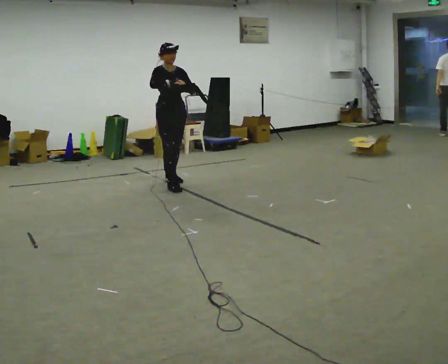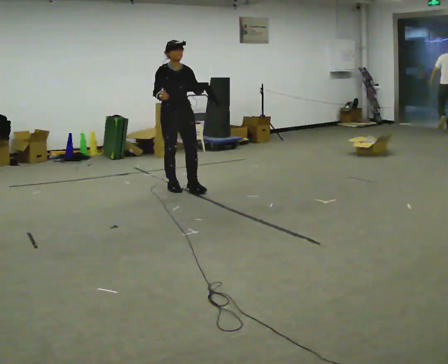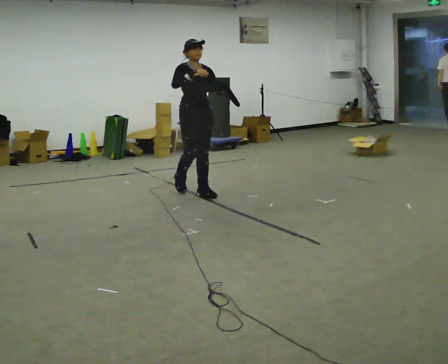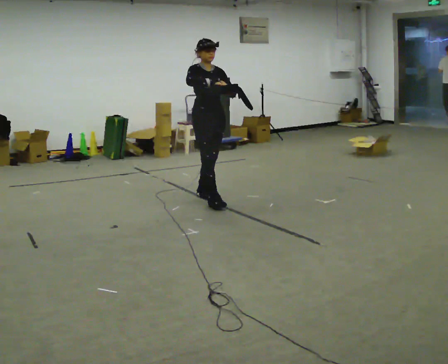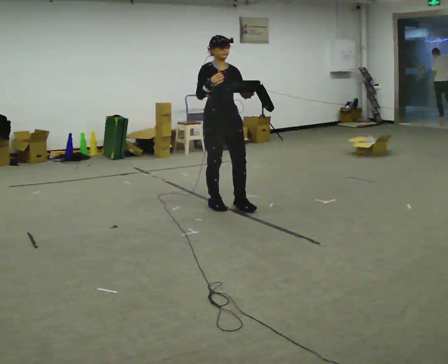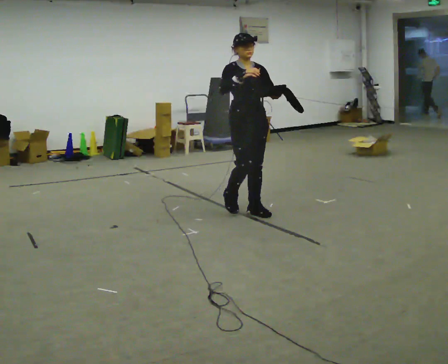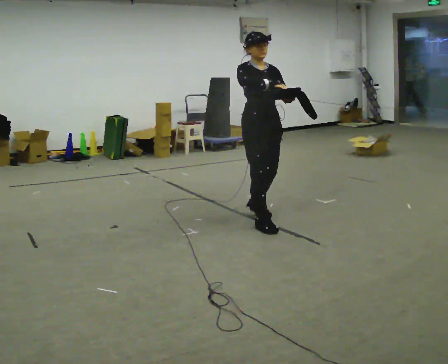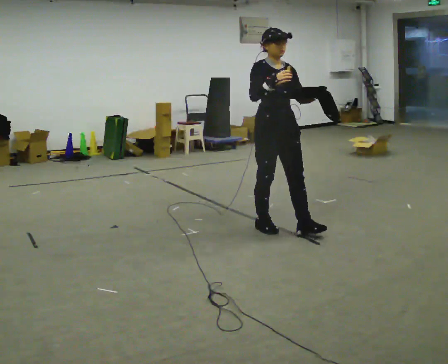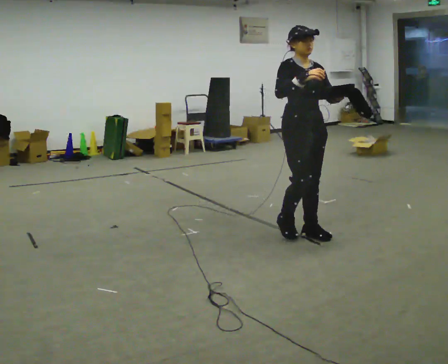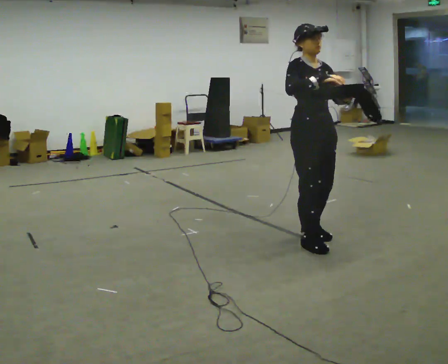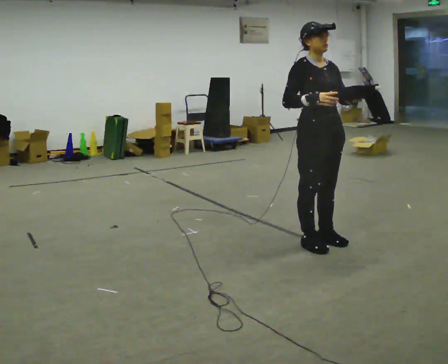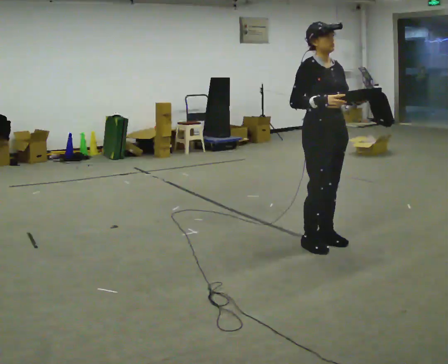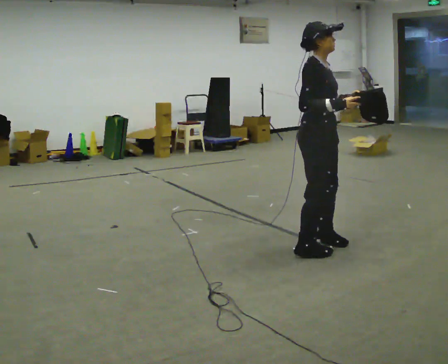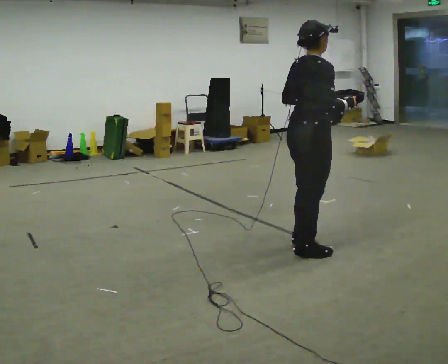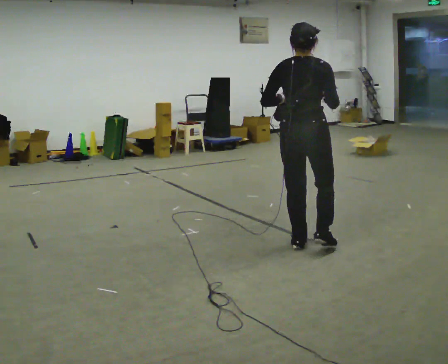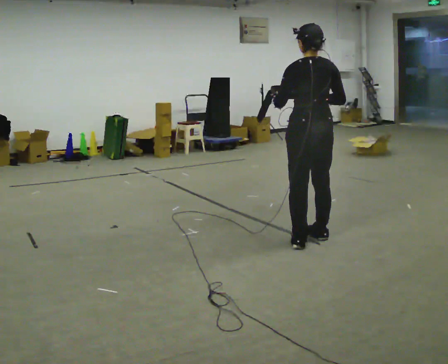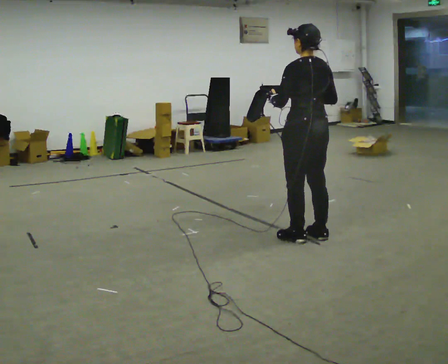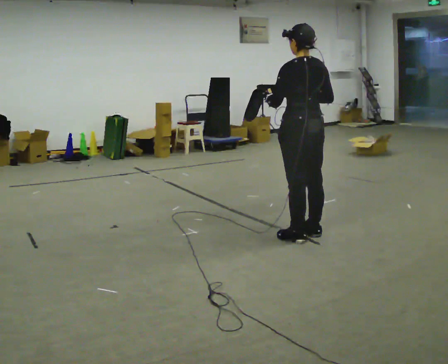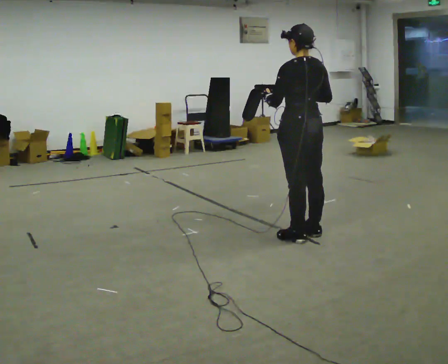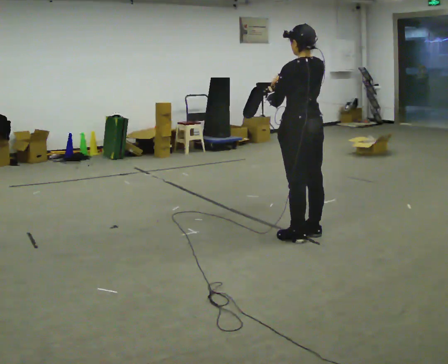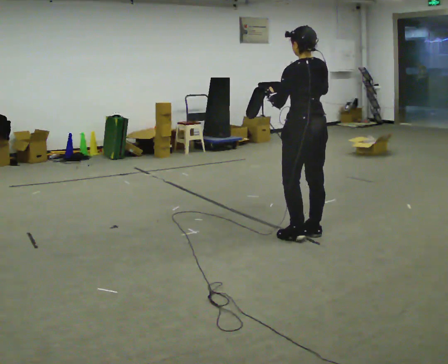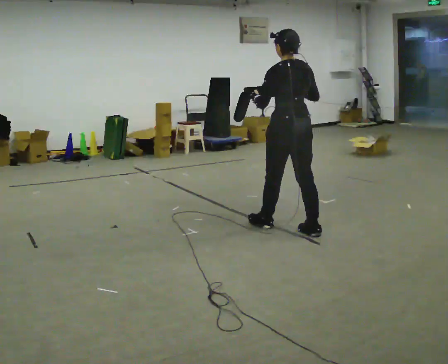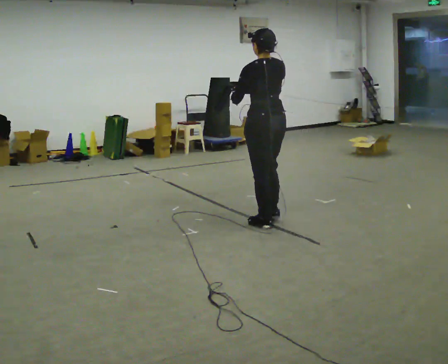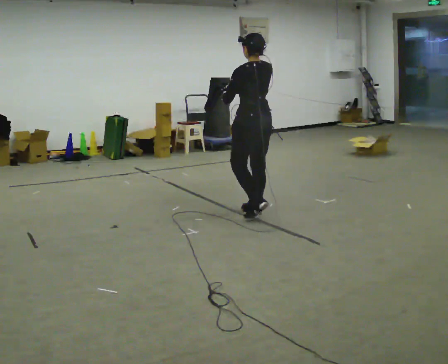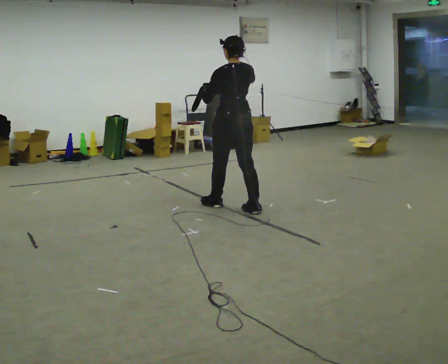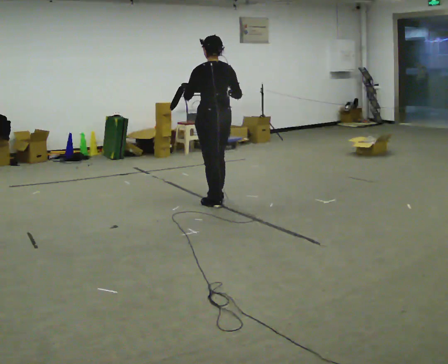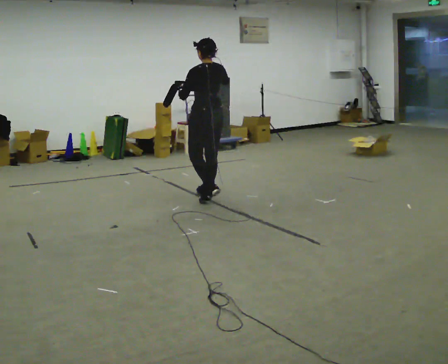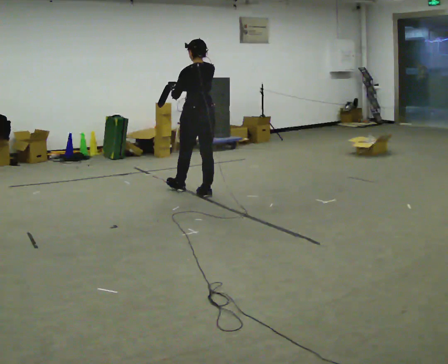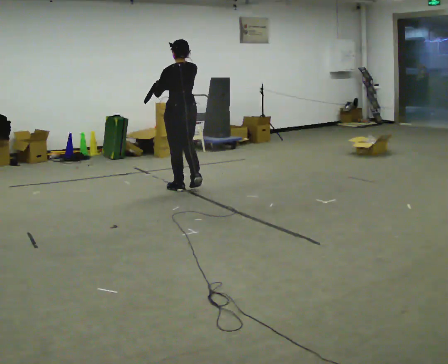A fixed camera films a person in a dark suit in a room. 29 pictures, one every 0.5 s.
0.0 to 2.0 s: In the picture they go toward the camera and to the right, about 1 m in 2 steps, which for them is forward.
2.0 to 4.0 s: In the picture they go toward the camera and to the right, about 1 m in 3 steps, which for them is forward.
4.0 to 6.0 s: The part of the body nearest the lens slides to the right as the person turns to their left by about 45 degrees. In the picture they go toward the camera, about 0.25 m in 3 steps, which for them is forward.
6.0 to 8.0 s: The person turns about 135 degrees to their left, counterclockwise seen from above, so the part of the body nearest the lens slides to the right. In the picture they go away from the camera, about 0.25 m in 2 steps. In the picture their left hand goes to the left.
8.0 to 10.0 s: The person moves a little, or ends about where they began.
10.0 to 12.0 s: In the picture they go to the left and away from the camera, about 1 m in 3 steps, which for them is forward.
12.0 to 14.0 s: In the picture they go away from the camera and to the left, about 1 m in 2 steps, which for them is forward.
The film runs forward here.
